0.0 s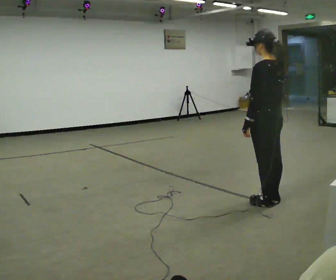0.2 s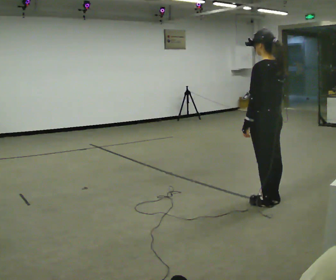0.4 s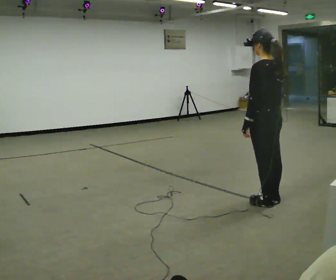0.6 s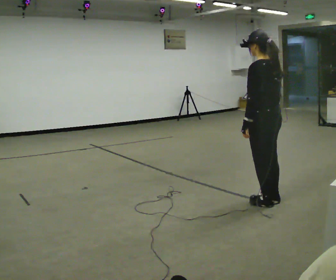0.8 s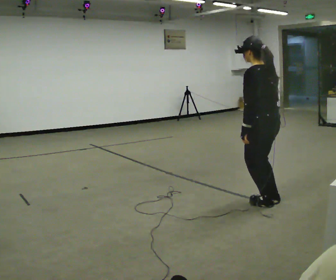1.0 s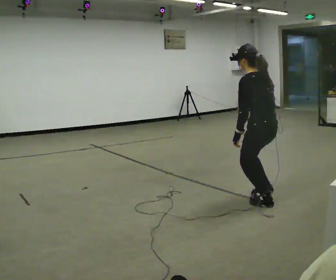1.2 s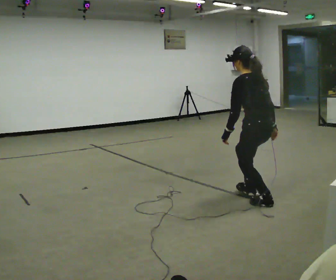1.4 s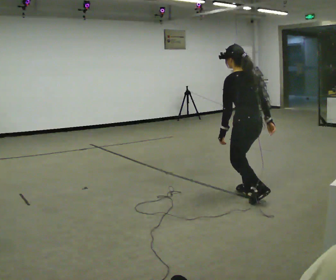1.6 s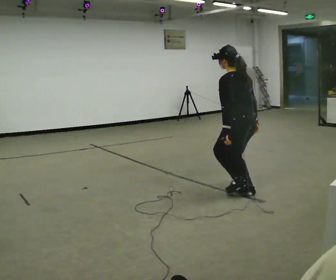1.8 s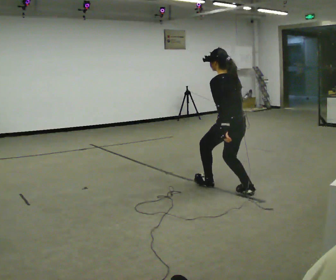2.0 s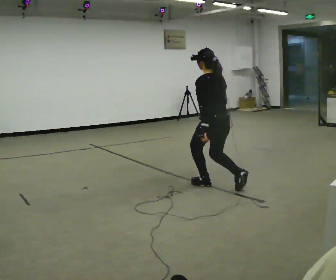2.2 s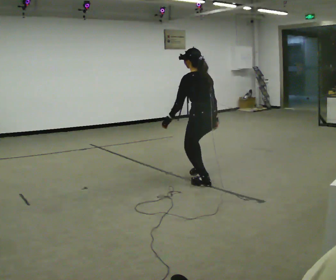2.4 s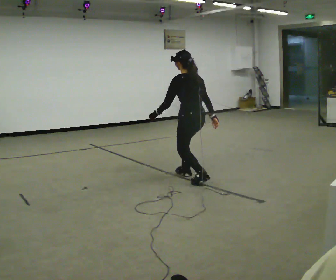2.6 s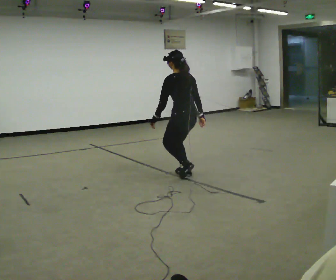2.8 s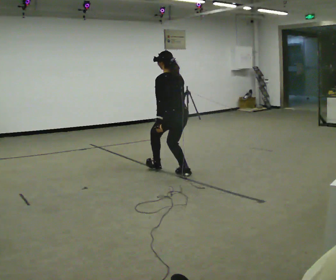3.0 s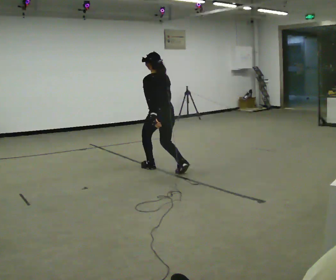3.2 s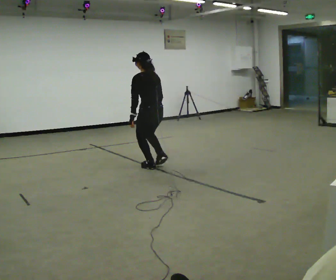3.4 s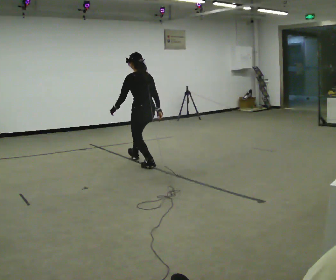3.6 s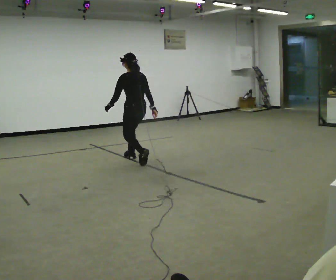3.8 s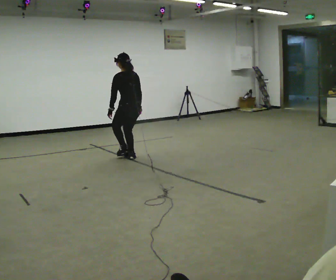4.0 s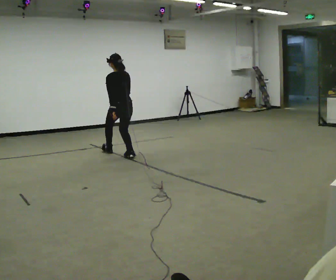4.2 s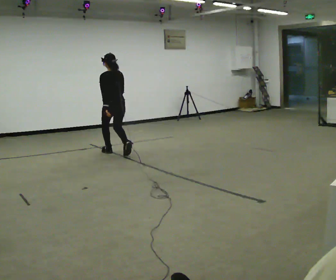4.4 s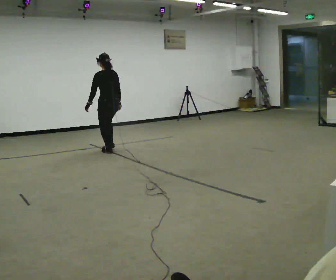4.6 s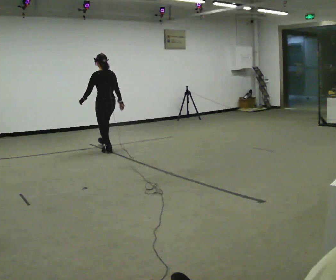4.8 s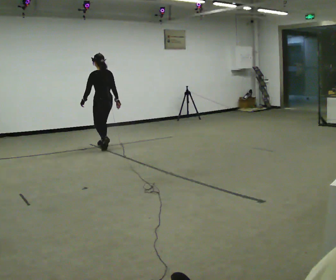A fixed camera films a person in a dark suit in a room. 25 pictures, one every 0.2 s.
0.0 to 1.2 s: The person moves a little, or ends about where they began.
1.2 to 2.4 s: In the picture they go away from the camera and to the left, about 1 m in 3 steps, which for them is forward.
2.4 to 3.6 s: In the picture they go away from the camera and to the left, about 1 m in 2 steps, which for them is forward.
3.6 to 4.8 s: In the picture they go away from the camera and to the left, about 1 m in 2 steps, which for them is forward.
The film runs forward here.
